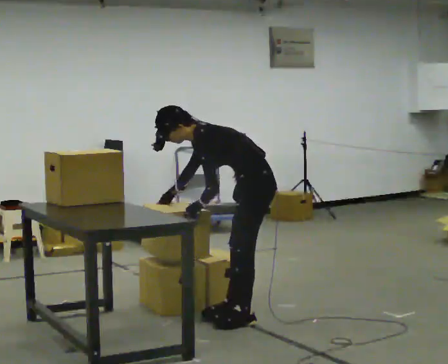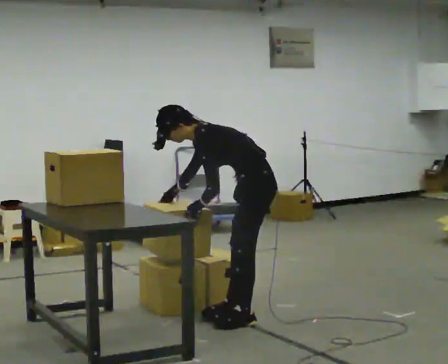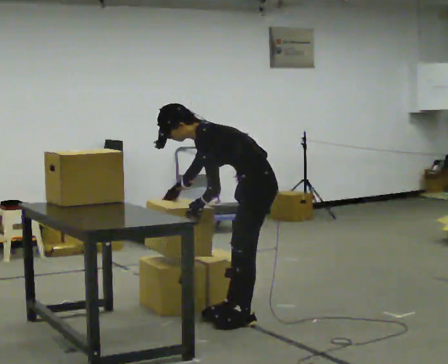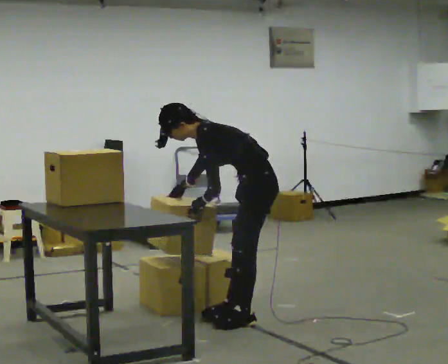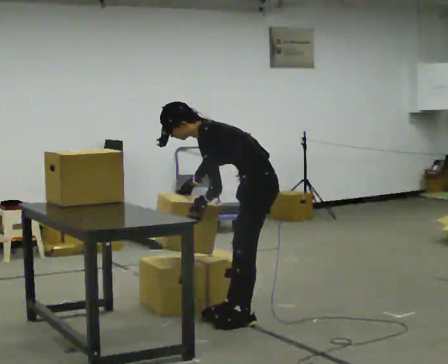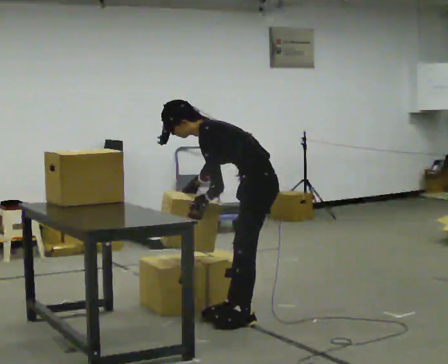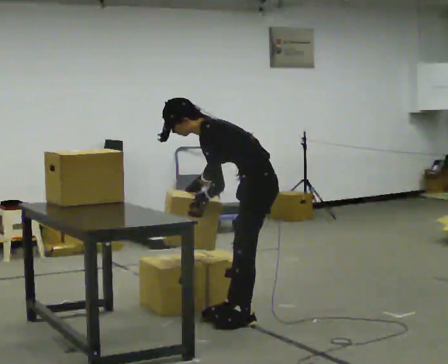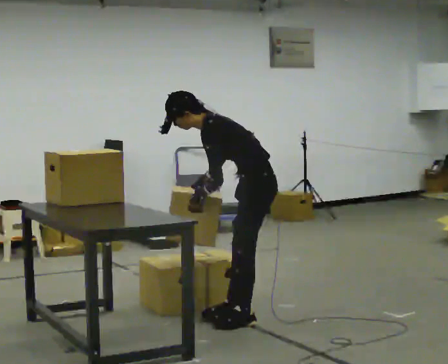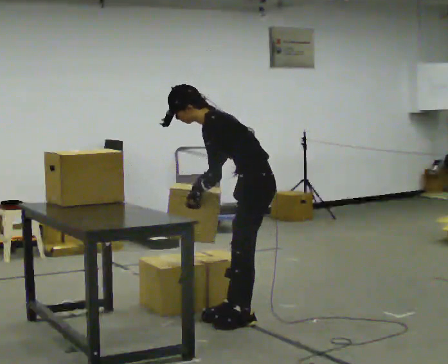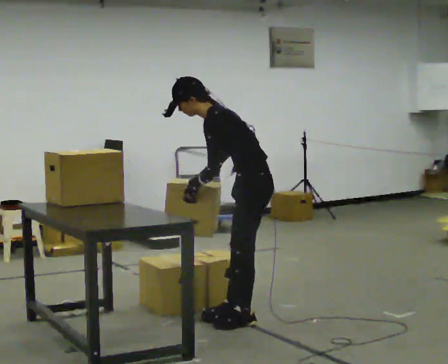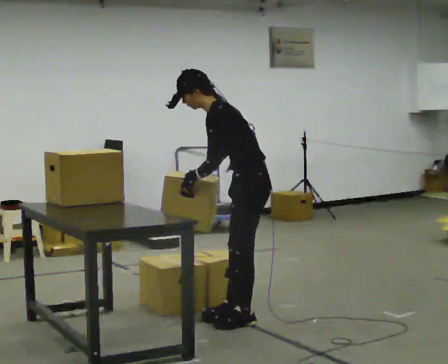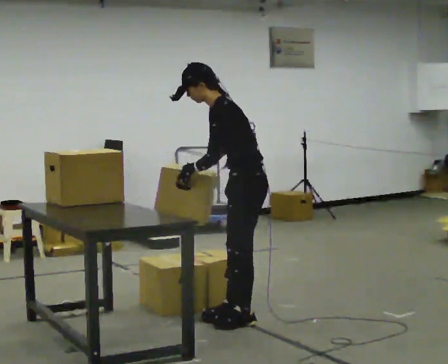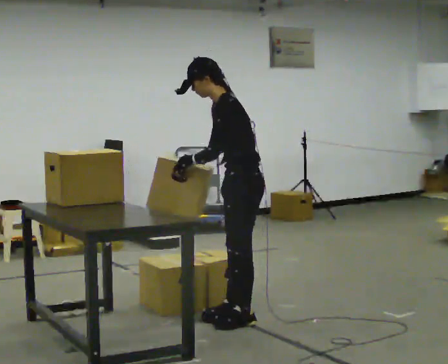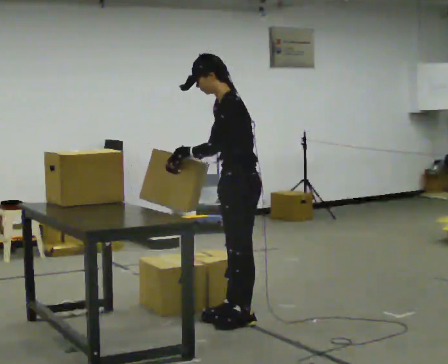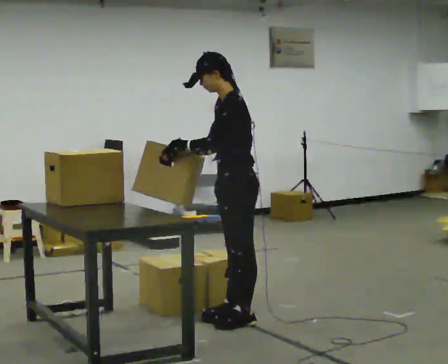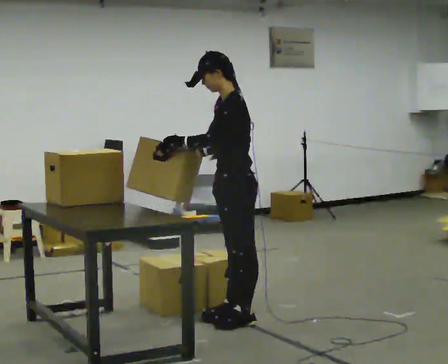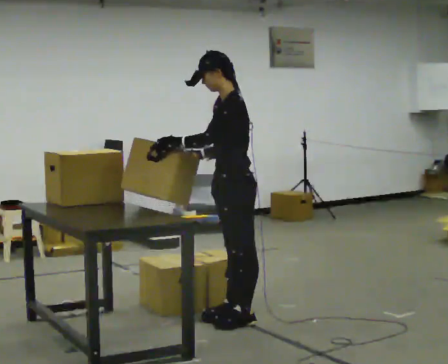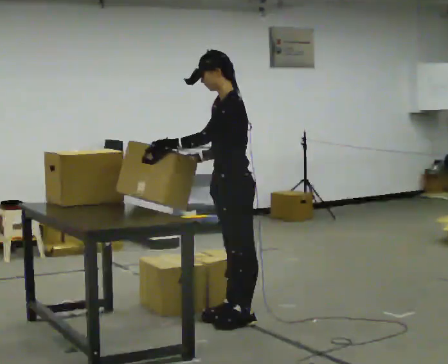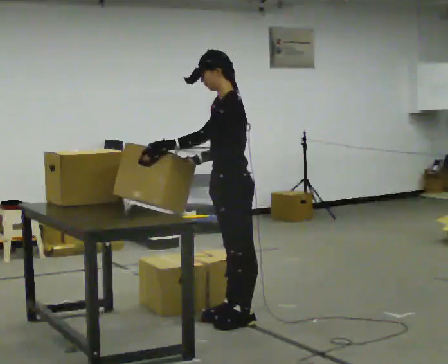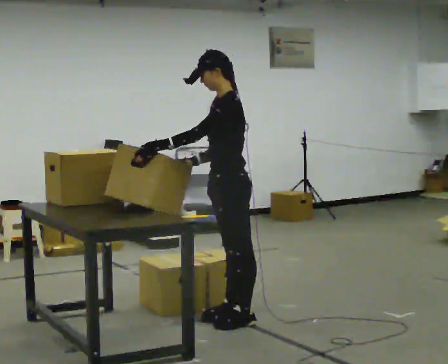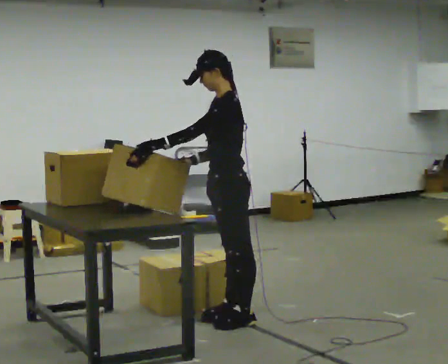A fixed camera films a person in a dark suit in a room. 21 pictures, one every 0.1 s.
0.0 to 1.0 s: In the picture the upper body tilts clockwise, shoulders to the right, as they lean back or straighten.
1.0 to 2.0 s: In the picture the upper body tilts clockwise, shoulders to the right, as they lean back or straighten.
The film runs backward here.
